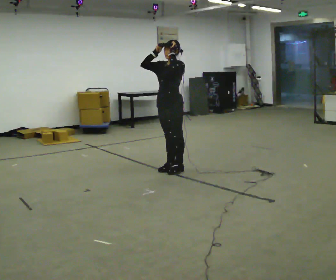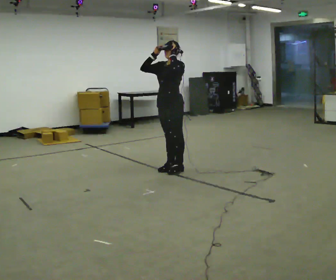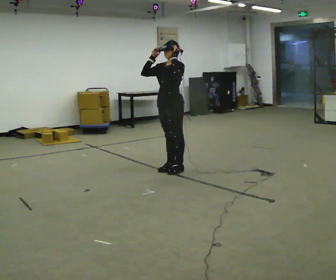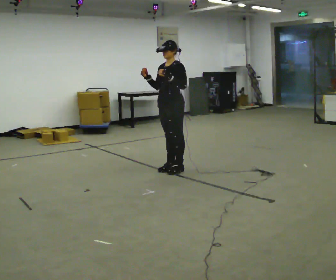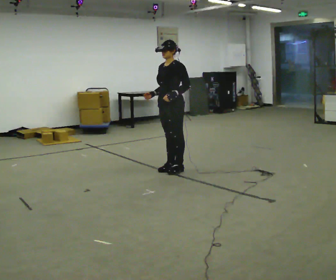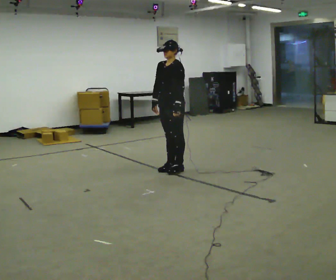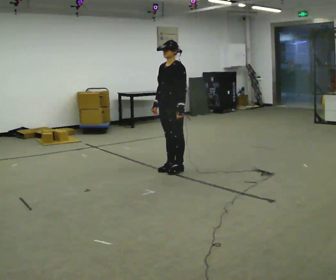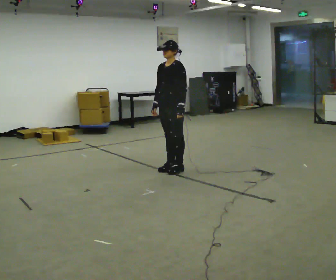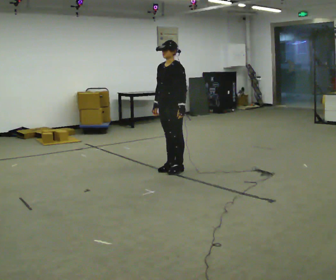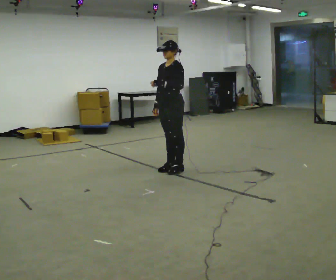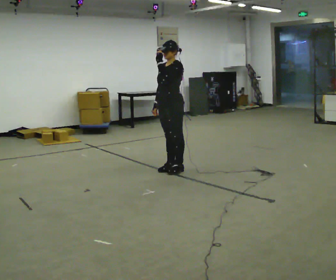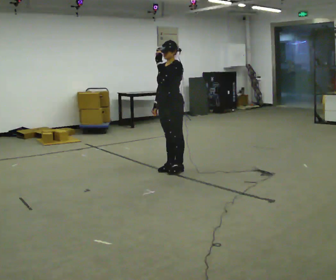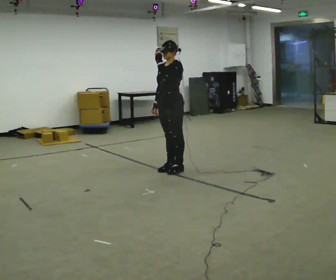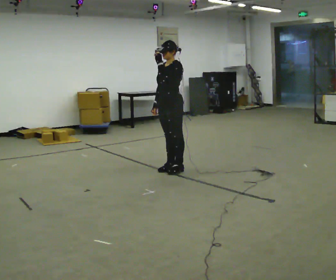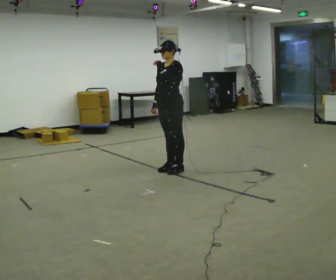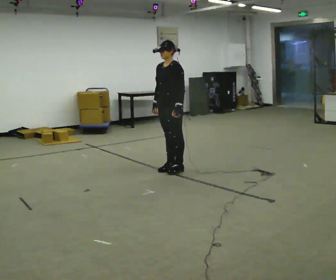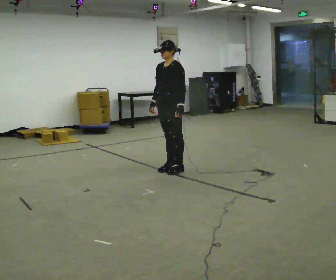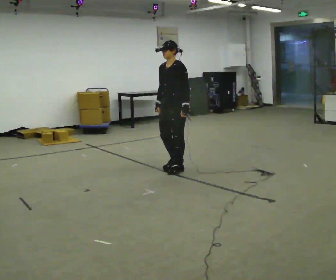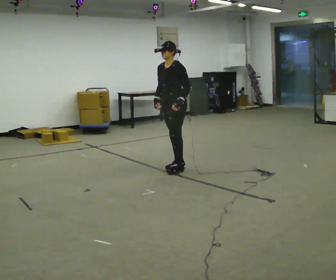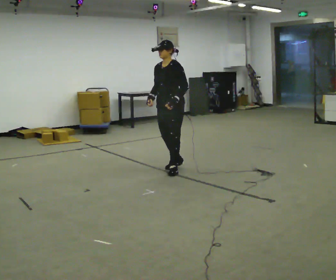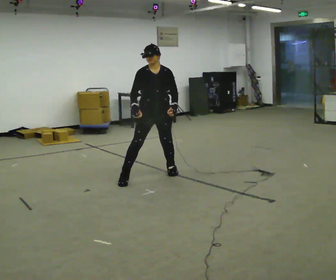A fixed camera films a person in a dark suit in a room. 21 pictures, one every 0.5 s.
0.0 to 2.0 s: In the picture their right hand goes downward.
2.0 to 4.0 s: The person moves a little, or ends about where they began.
4.0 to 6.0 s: In the picture their left hand goes upward.
6.0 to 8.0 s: In the picture their left hand goes downward.
8.0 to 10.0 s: The part of the body nearest the lens slides to the right as the person turns to their left by about 60 degrees. In the picture they go to the left, about 0.25 m in 1 step.
The film runs backward here.
